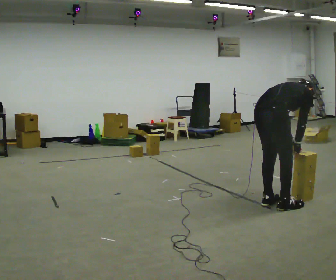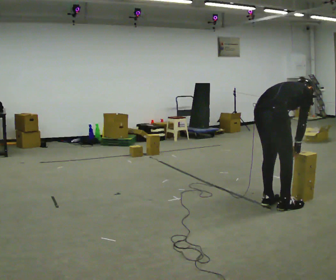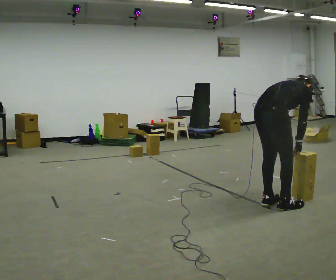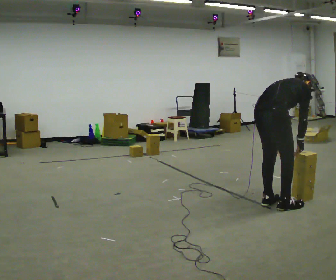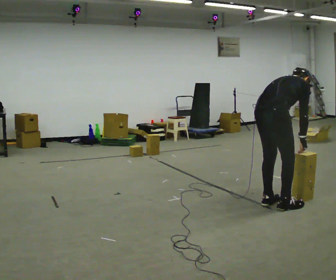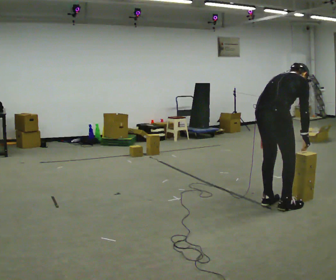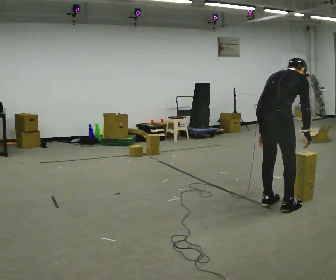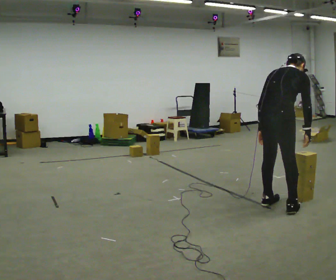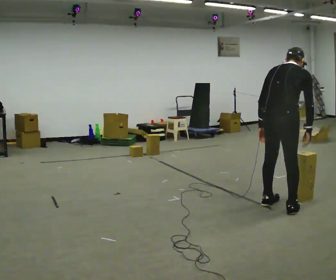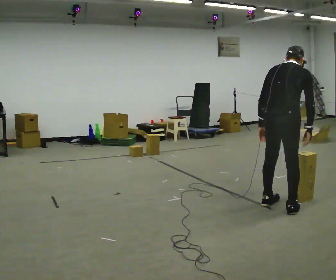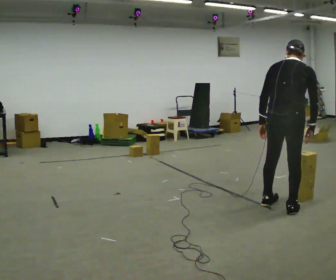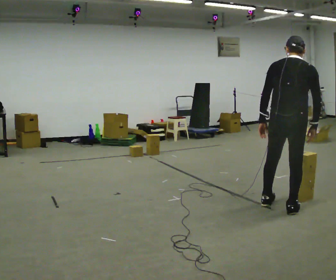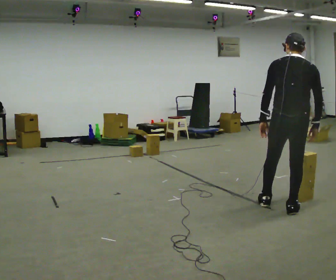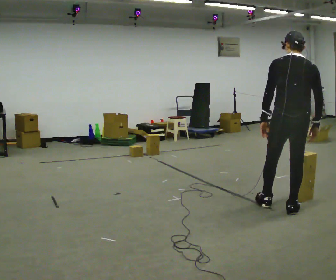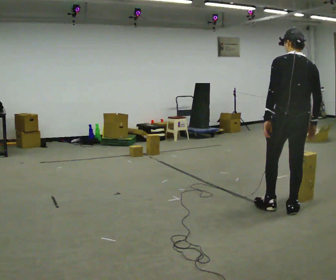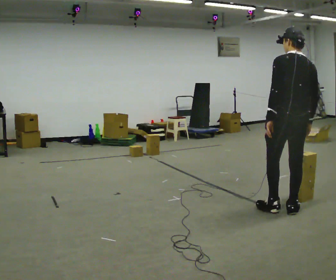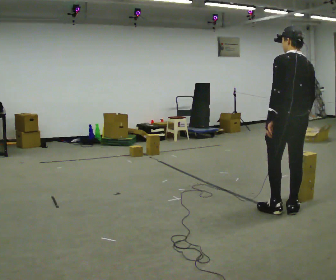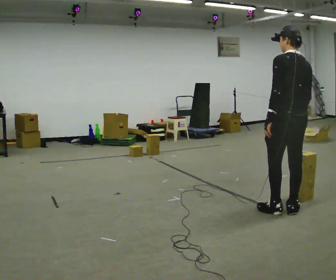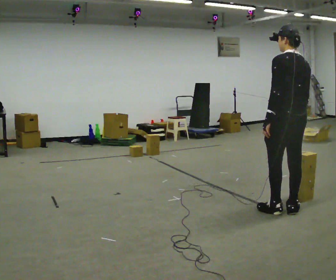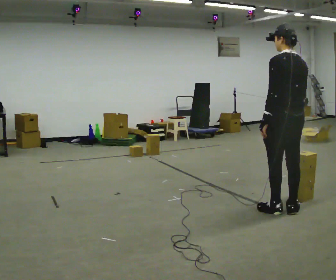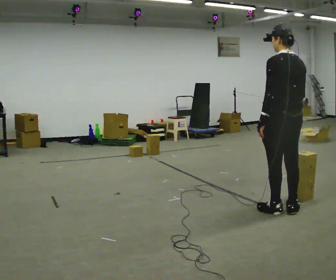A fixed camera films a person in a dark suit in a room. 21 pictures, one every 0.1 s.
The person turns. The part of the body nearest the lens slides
to the right.
The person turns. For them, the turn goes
to their left.
0.0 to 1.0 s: Seen from above the body turns counterclockwise, about 30 degrees: to their left, with its near side sliding to the right. In the picture they go to the right, about 0.25 m in 1 step, which for them is to their right. The shoulders move upward. The upper body tips toward the camera, its near side rolling downward, as they lean back or straighten.
1.0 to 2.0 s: The person turns about 60 degrees to their left, counterclockwise seen from above, so the part of the body nearest the lens slides to the right. The upper body tips toward the camera, its near side rolling downward, as they lean back or straighten.
The film runs forward here.
